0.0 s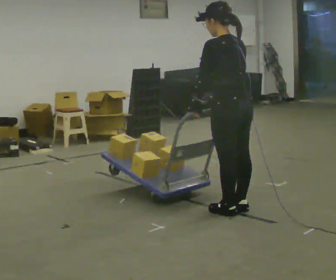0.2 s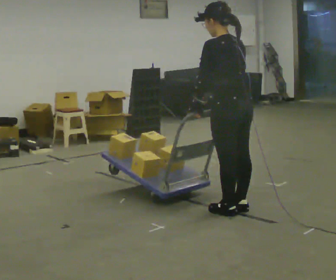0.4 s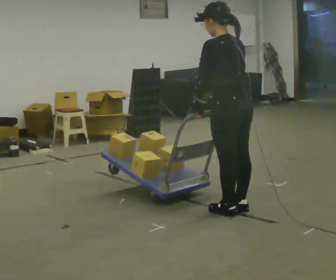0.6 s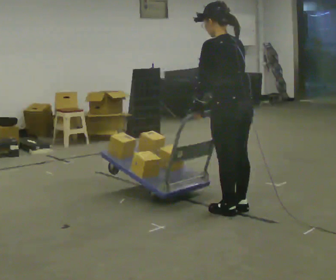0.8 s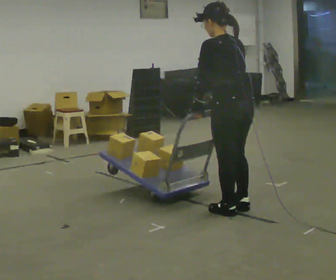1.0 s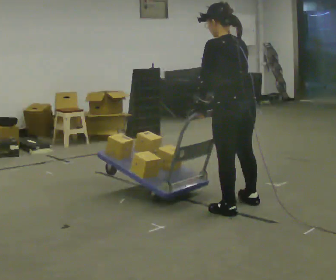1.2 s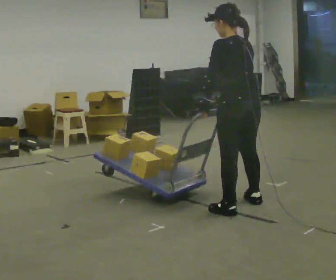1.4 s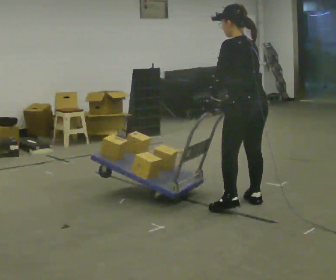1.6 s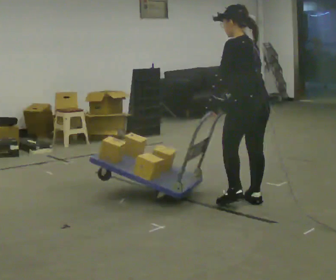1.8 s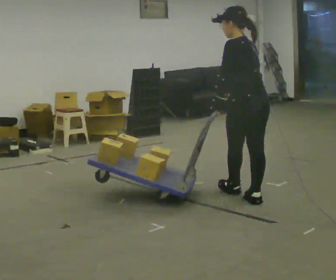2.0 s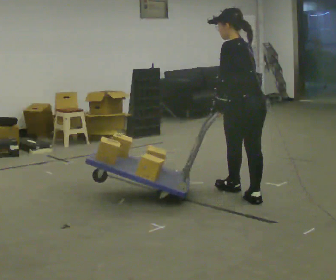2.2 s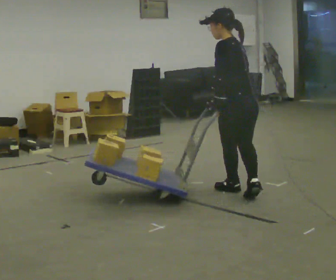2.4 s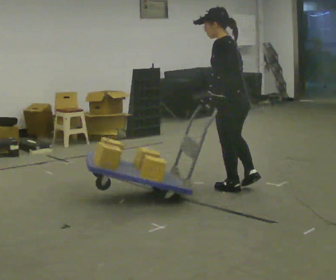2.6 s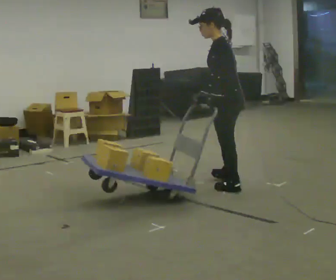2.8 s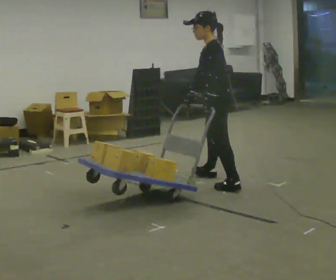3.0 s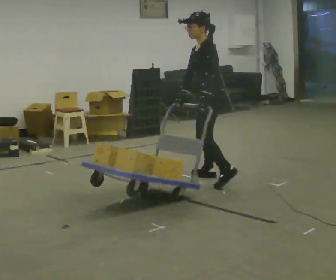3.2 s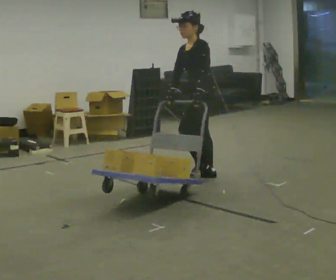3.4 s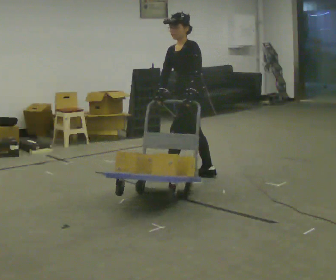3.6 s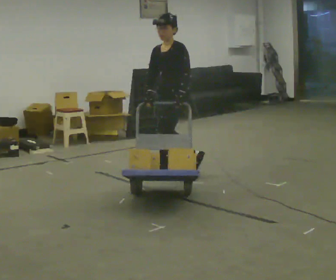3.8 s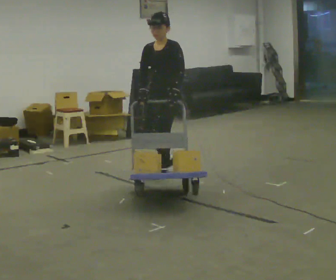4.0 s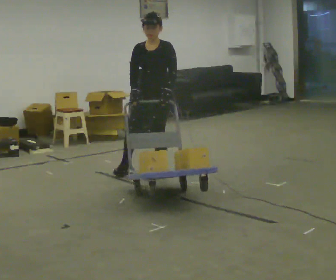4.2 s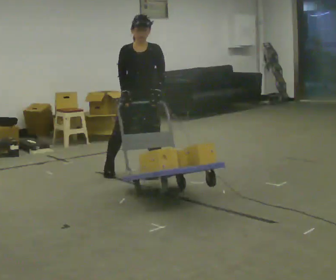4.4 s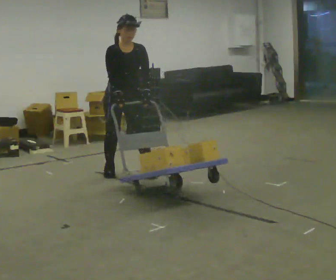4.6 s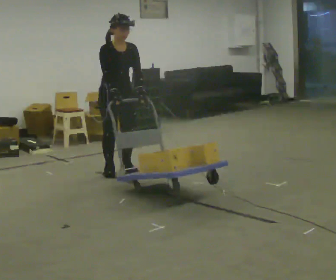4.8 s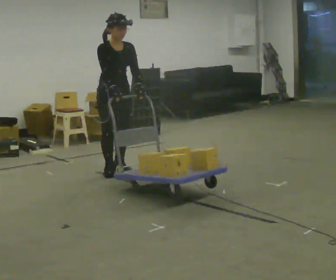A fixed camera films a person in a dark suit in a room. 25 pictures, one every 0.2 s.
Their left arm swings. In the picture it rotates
counterclockwise.
The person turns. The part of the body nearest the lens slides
to the right.
0.0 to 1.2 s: The person moves a little, or ends about where they began.
1.2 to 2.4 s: In the picture they go away from the camera, about 0.5 m in 1 step, which for them is forward and to their right.
2.4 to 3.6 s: Seen from above the body turns counterclockwise, about 60 degrees: to their left, with its near side sliding to the right. In the picture they go away from the camera and to the left, about 1 m in 2 steps.
3.6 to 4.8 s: Seen from above the body turns counterclockwise, about 105 degrees: to their left, with its near side sliding to the right. In the picture they go to the left, about 0.5 m in 2 steps.
The film runs forward here.
